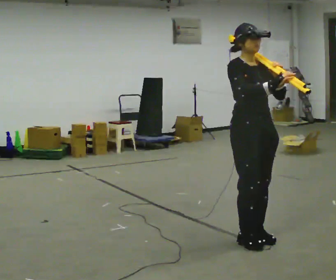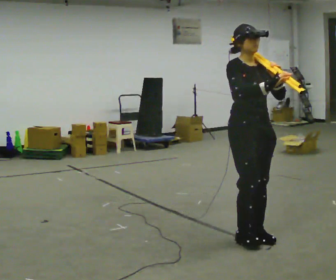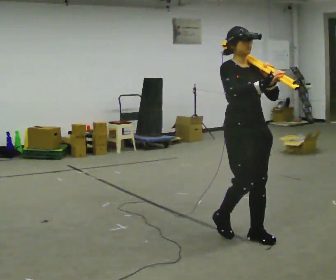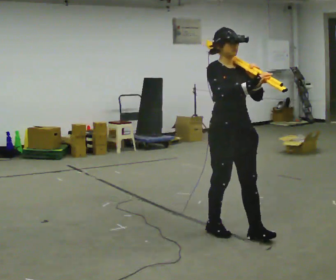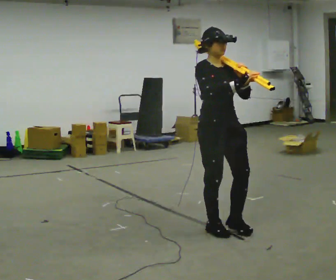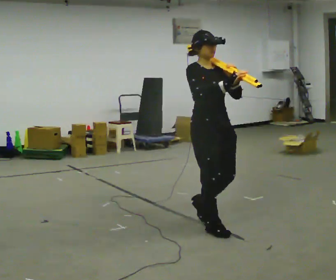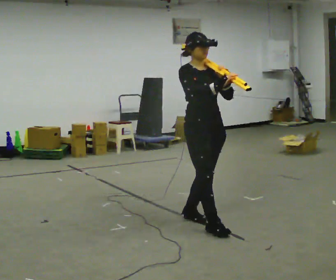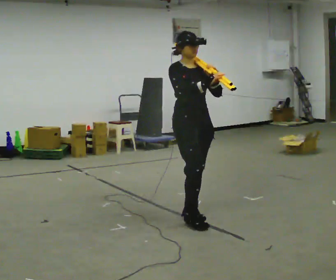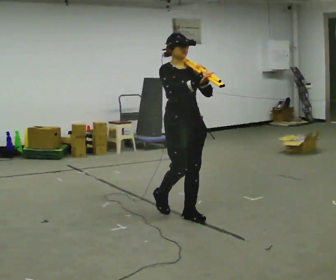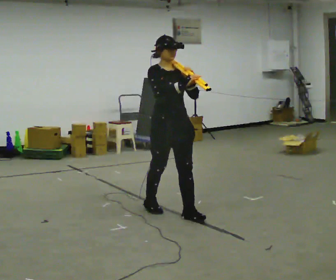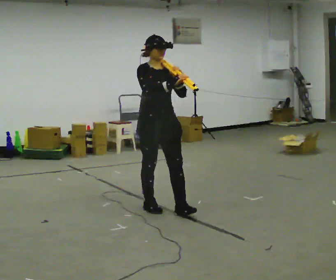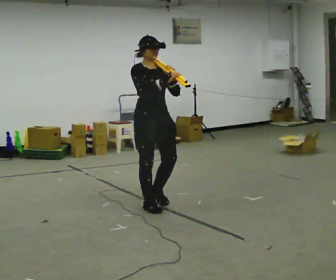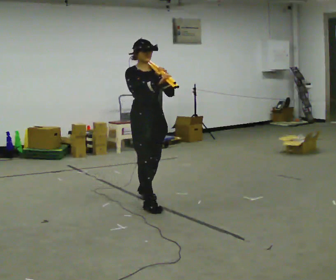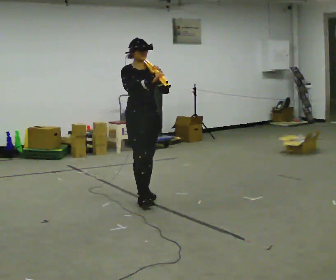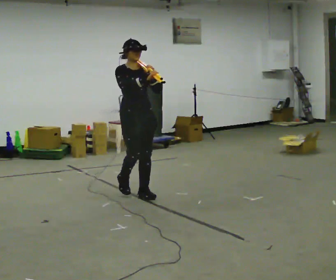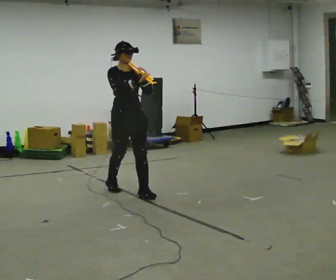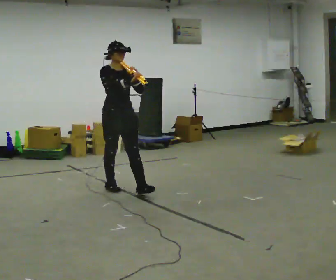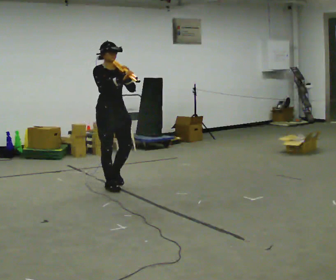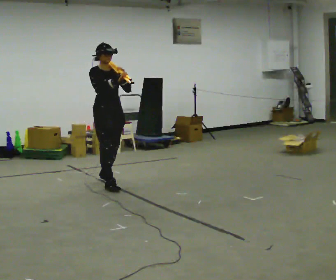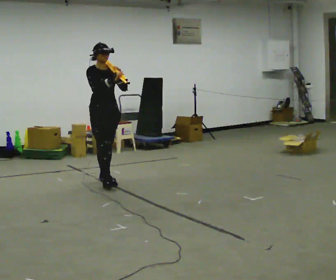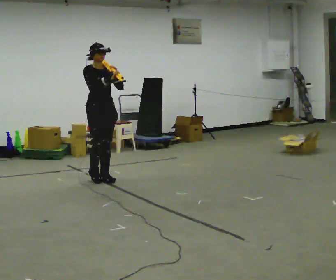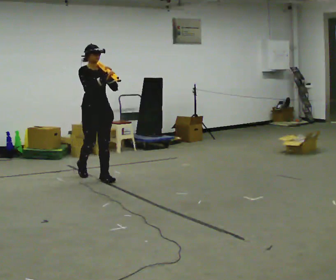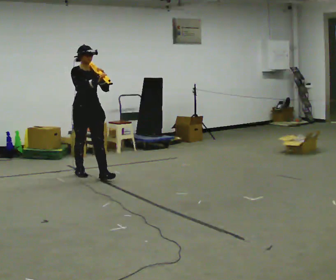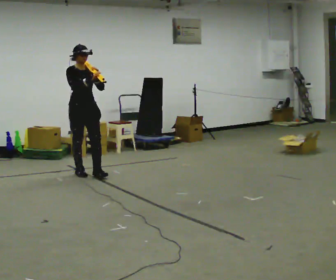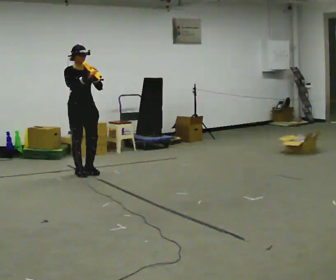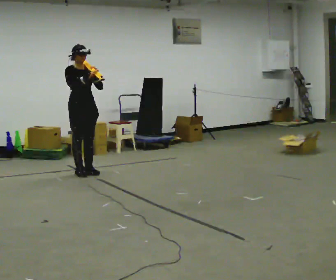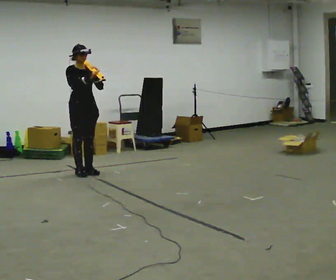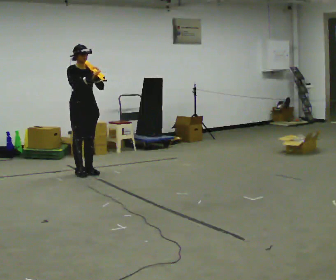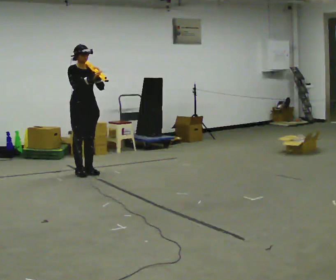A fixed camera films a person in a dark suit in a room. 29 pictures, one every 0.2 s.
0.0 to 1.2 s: In the picture they go away from the camera and to the left, about 0.5 m in 2 steps, which for them is backward.
1.2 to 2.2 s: In the picture they go away from the camera and to the left, about 0.75 m in 2 steps, which for them is backward.
2.2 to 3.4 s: In the picture they go away from the camera and to the left, about 1 m in 2 steps, which for them is backward.
3.4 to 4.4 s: In the picture they go away from the camera and to the left, about 0.75 m in 1 step, which for them is backward.
4.4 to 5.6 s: In the picture they go away from the camera, about 0.25 m in 1 step, which for them is backward.
The film runs backward here.
